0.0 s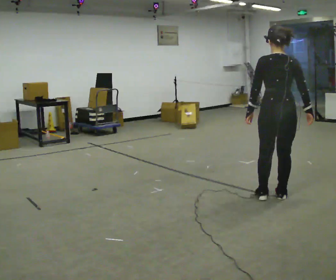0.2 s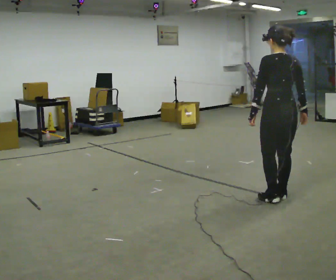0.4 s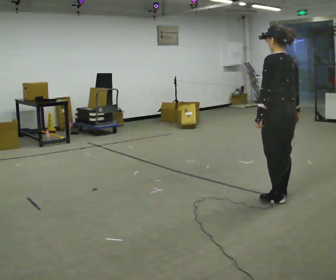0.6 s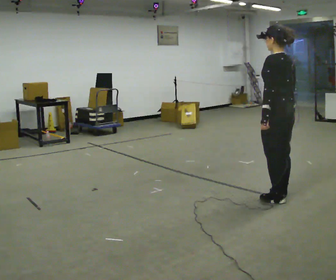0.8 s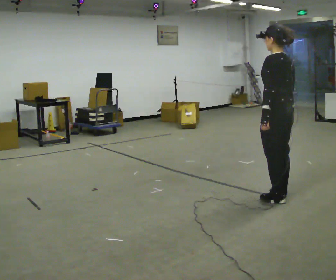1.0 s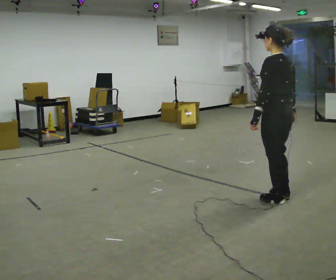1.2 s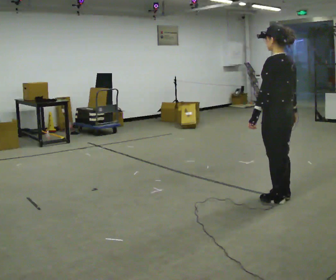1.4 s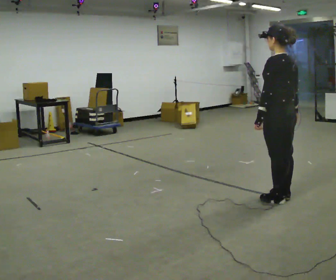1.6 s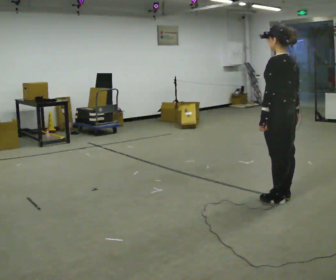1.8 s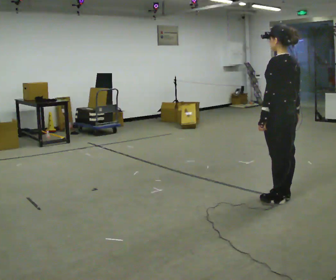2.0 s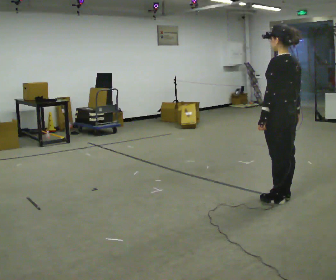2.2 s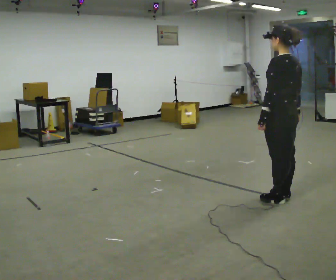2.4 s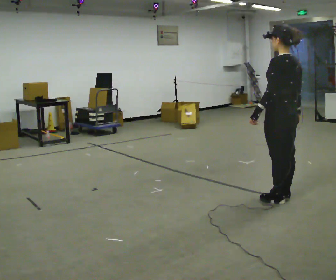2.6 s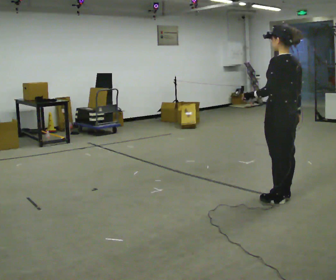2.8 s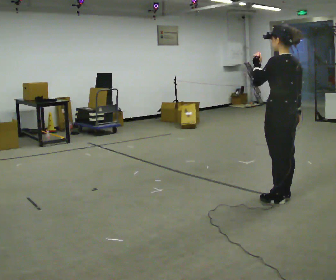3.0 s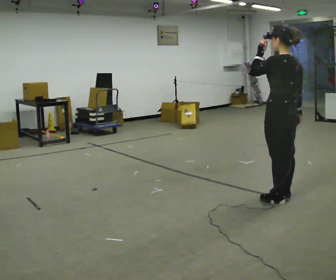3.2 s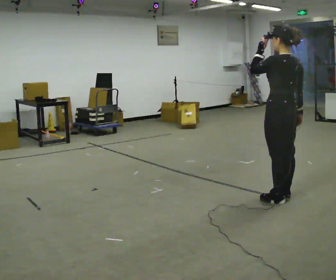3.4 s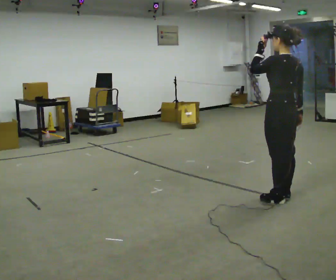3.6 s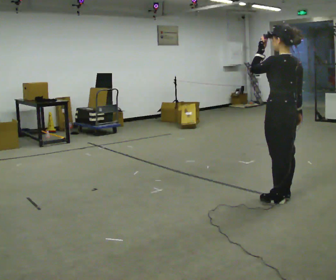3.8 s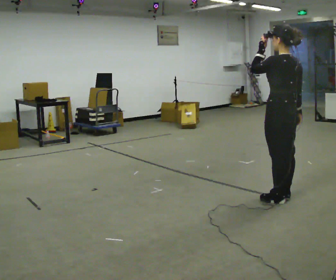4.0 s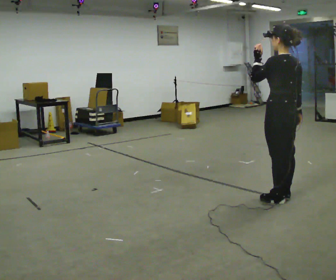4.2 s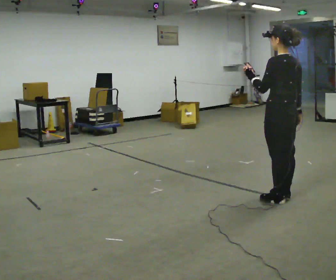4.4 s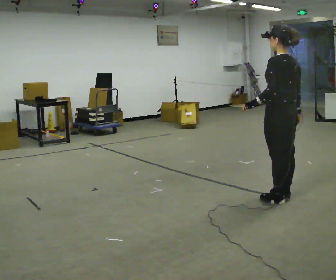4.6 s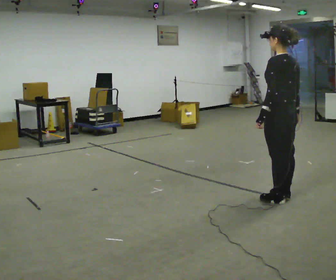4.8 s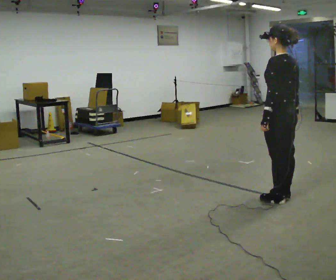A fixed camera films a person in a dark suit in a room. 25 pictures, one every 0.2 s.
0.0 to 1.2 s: The person turns about 45 degrees to their left, counterclockwise seen from above, so the part of the body nearest the lens slides to the right.
1.2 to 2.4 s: The person moves a little, or ends about where they began.
2.4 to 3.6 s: In the picture their left hand goes upward.
3.6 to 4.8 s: In the picture their left hand goes downward.
The film runs forward here.
